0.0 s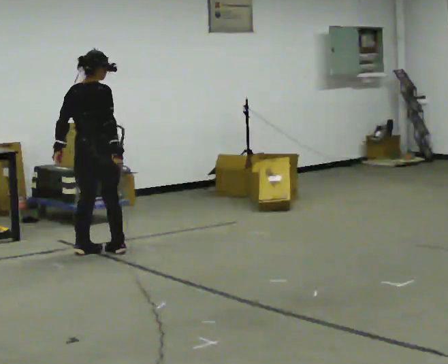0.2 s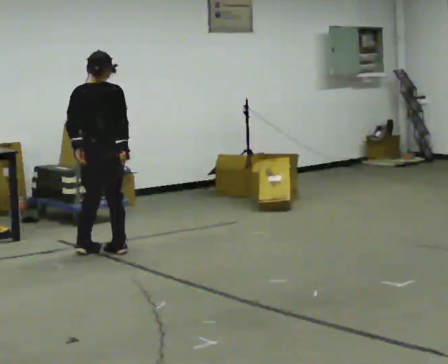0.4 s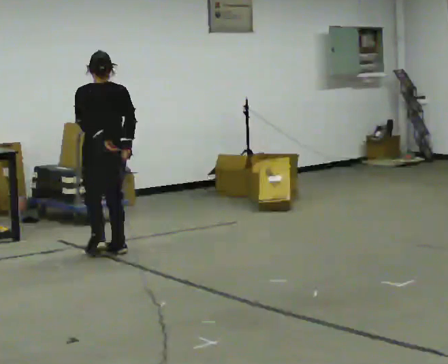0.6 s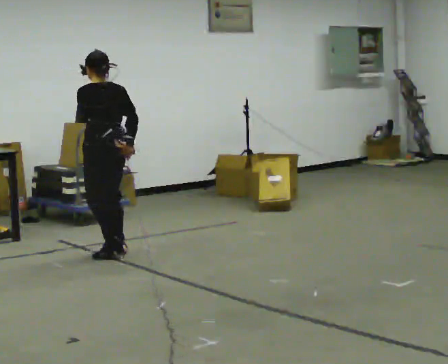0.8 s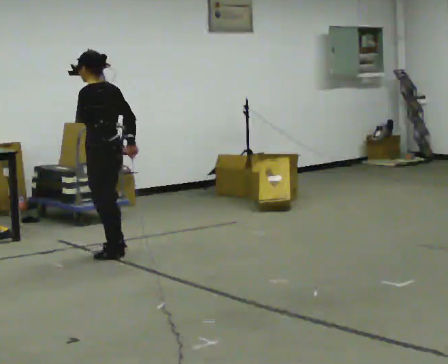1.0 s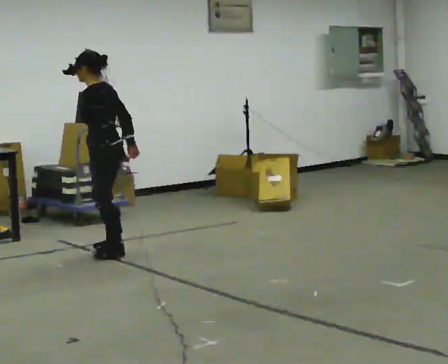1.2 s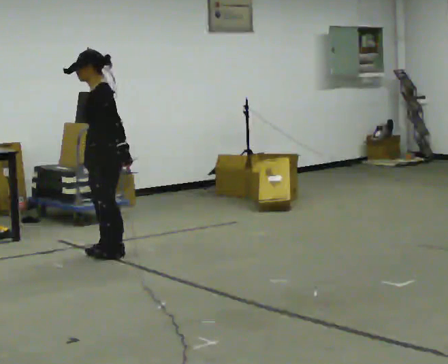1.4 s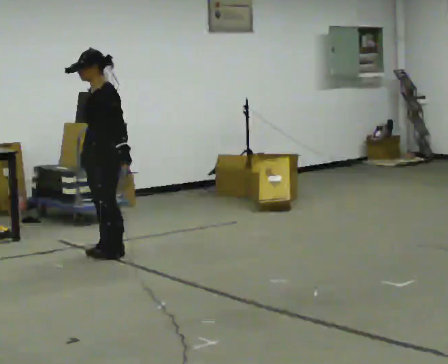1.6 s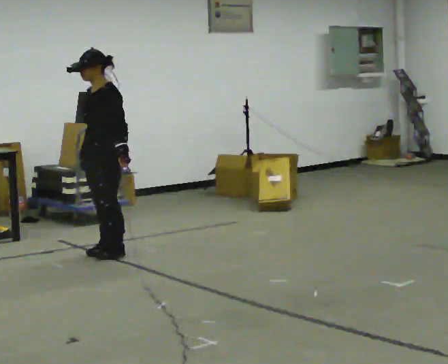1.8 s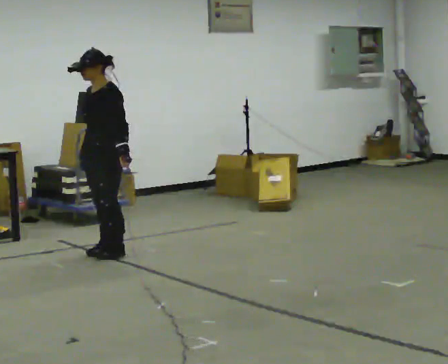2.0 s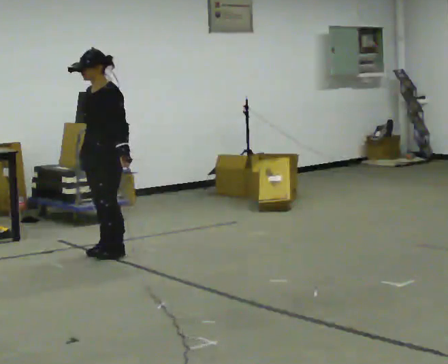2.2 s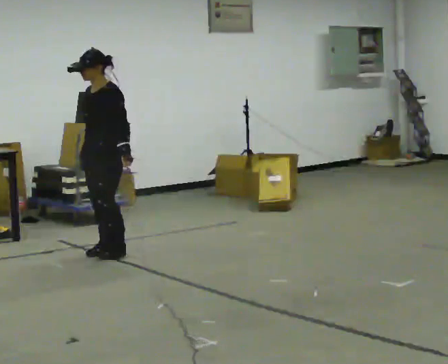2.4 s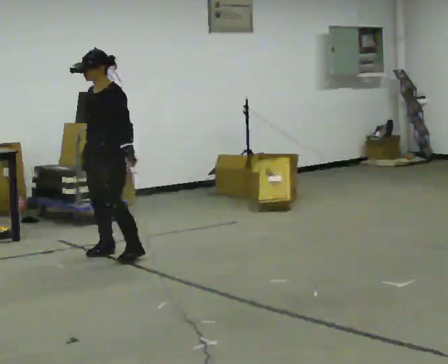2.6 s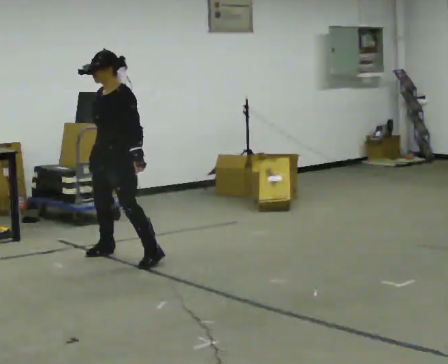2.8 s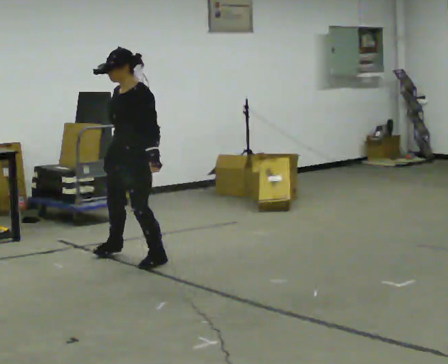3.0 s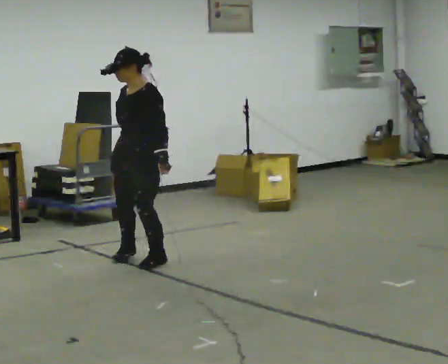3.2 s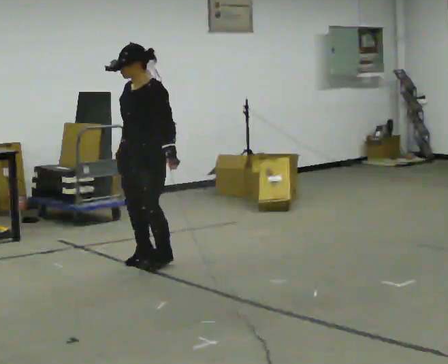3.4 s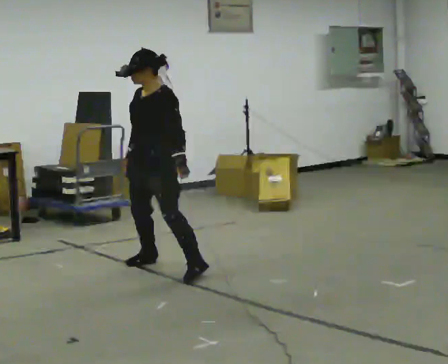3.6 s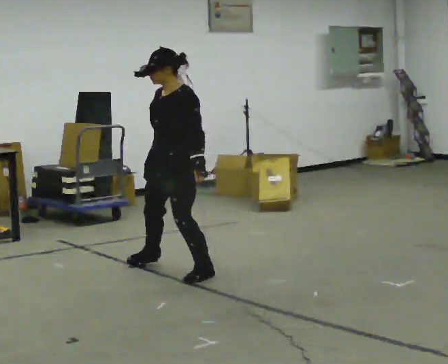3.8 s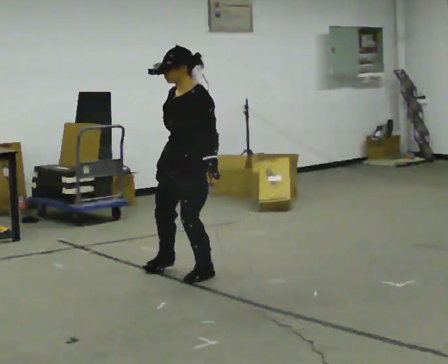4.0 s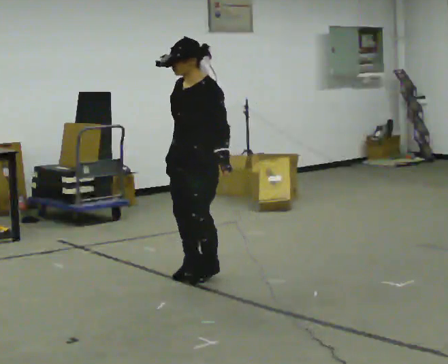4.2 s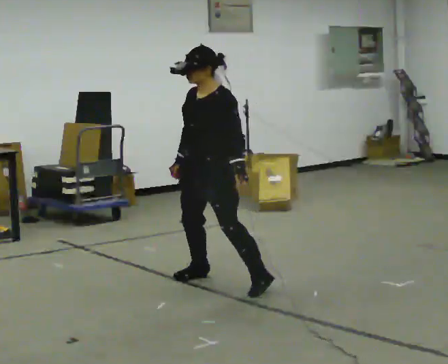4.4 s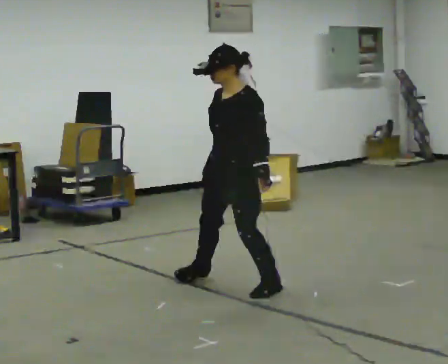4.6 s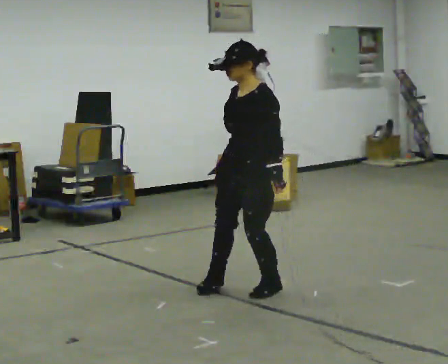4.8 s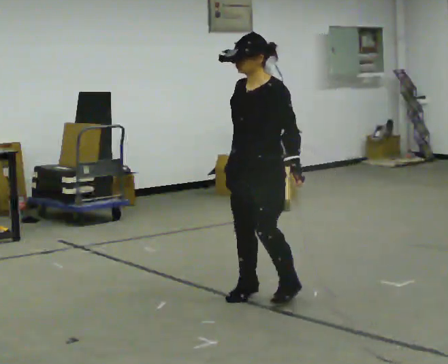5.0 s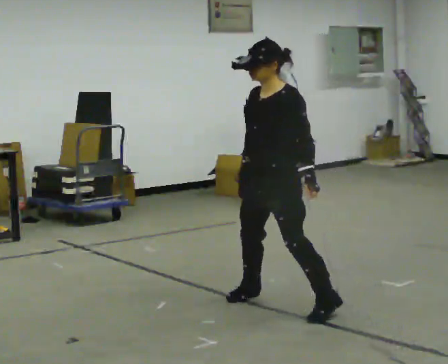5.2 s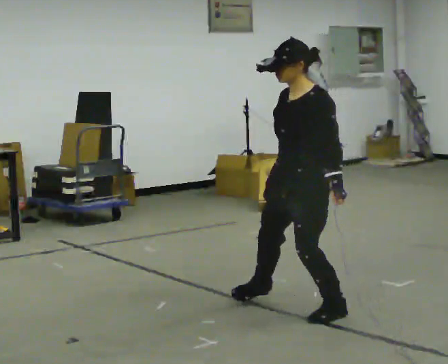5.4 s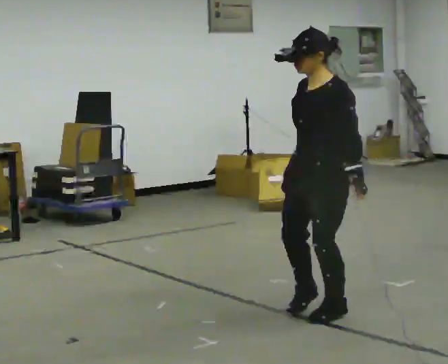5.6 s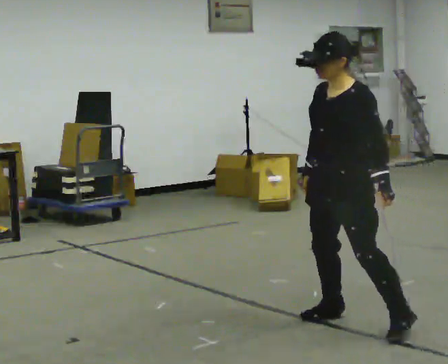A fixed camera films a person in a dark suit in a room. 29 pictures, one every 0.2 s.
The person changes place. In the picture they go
toward the camera.
0.0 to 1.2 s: The part of the body nearest the lens slides to the right as the person turns to their left by about 135 degrees.
1.2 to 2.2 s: The part of the body nearest the lens slides to the right as the person turns to their left by about 30 degrees.
2.2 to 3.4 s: In the picture they go toward the camera and to the right, about 0.5 m in 3 steps, which for them is to their left.
3.4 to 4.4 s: In the picture they go toward the camera and to the right, about 1 m in 3 steps, which for them is to their left.
4.4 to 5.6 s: In the picture they go toward the camera and to the right, about 1 m in 3 steps, which for them is to their left.
The film runs backward here.
